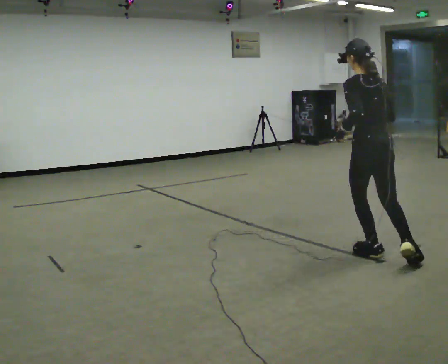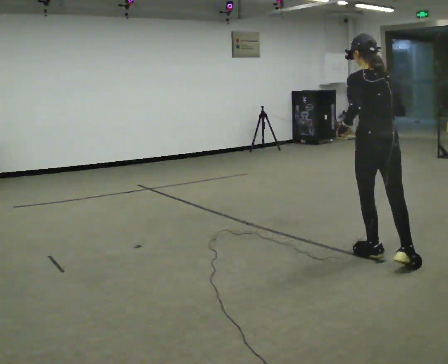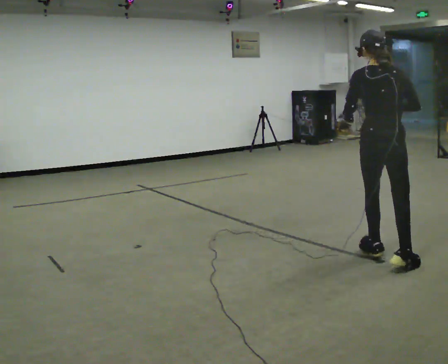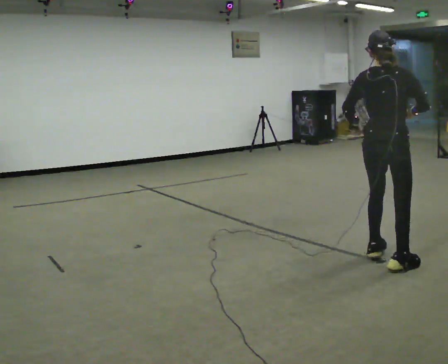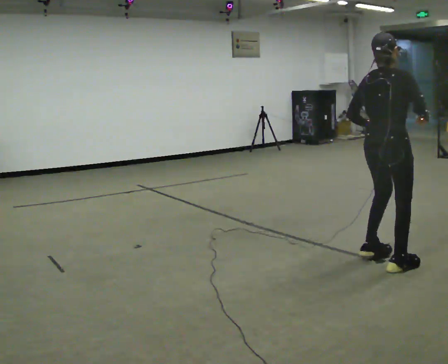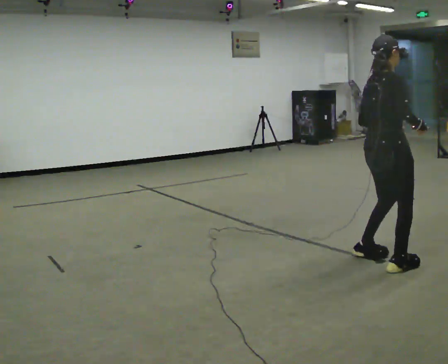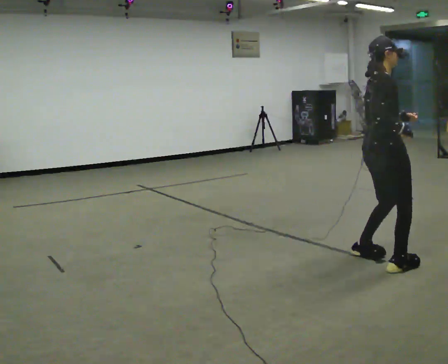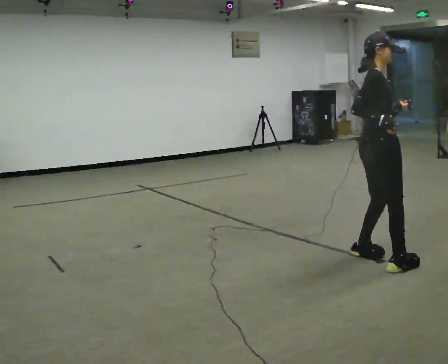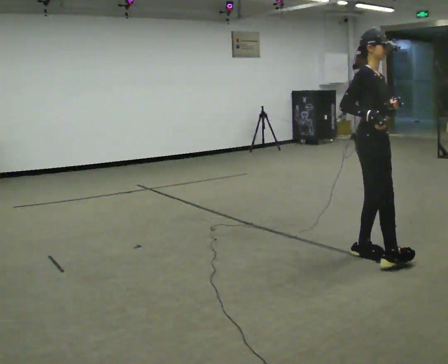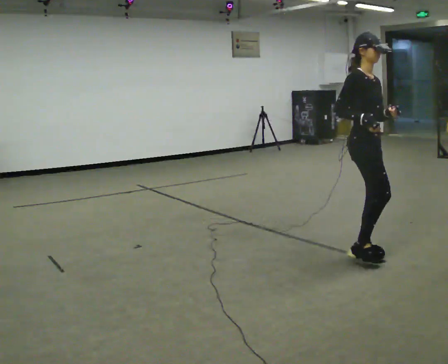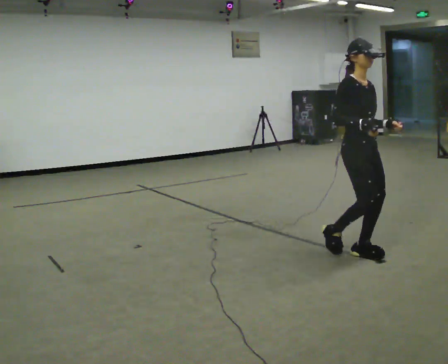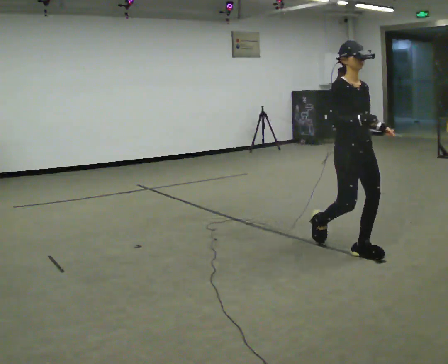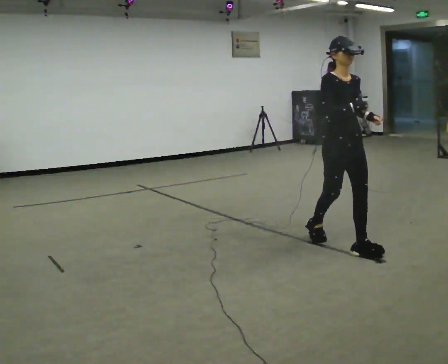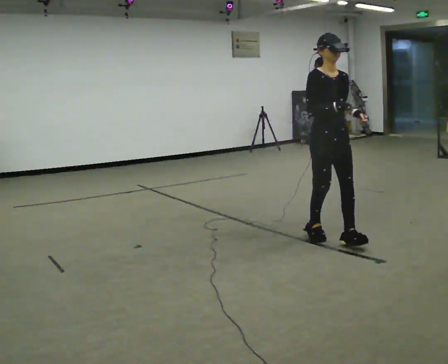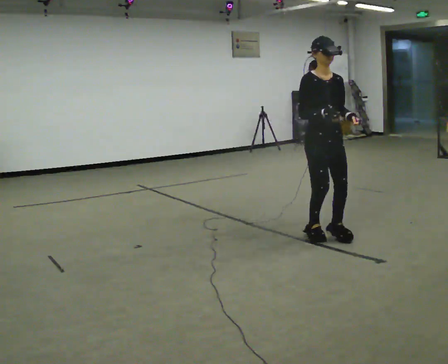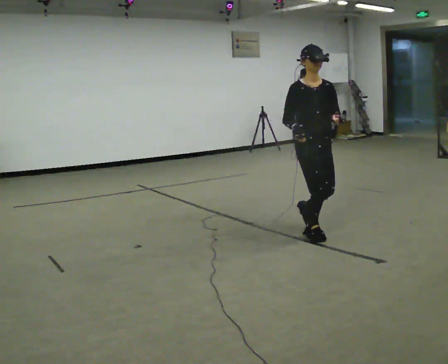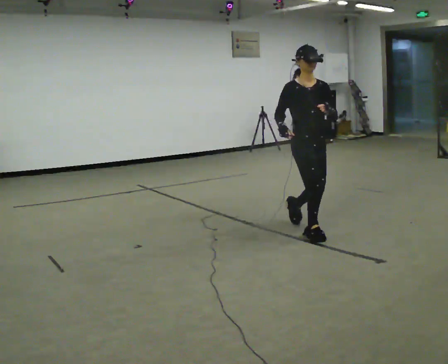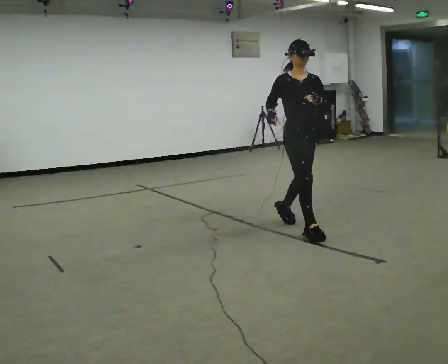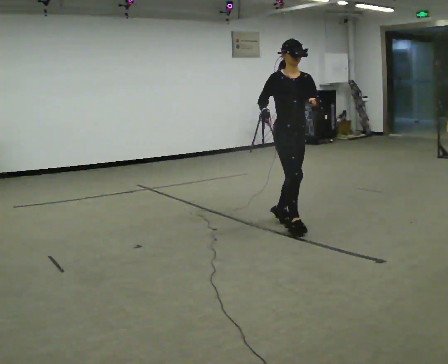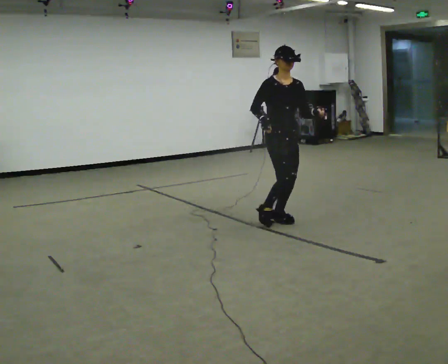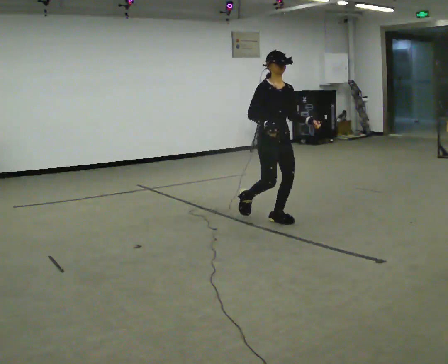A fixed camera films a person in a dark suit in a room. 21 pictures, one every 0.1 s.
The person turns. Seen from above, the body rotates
clockwise.
The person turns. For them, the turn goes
to their right.
0.0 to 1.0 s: Seen from above the body turns clockwise, about 165 degrees: to their right, with its near side sliding to the left.
1.0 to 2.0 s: In the picture they go away from the camera and to the left, about 1 m in 2 steps, which for them is backward.
The film runs backward here.
